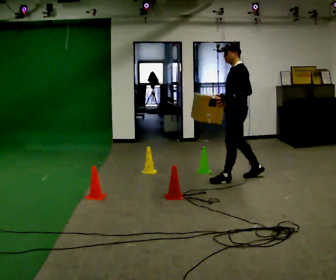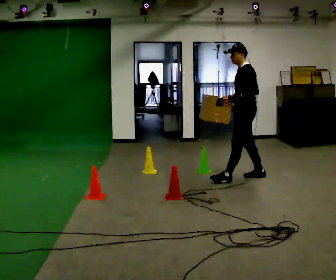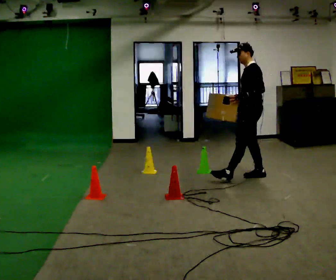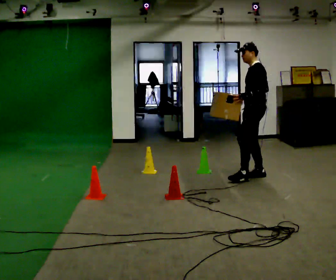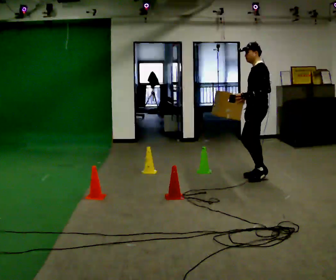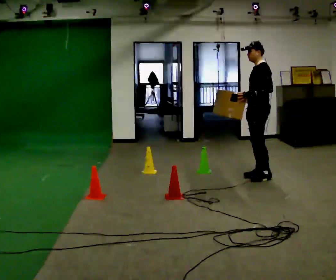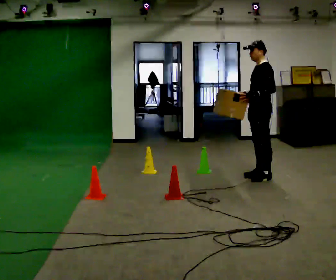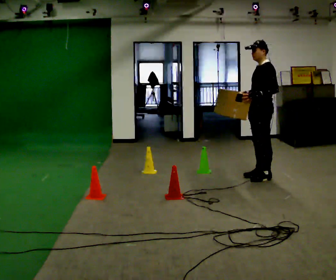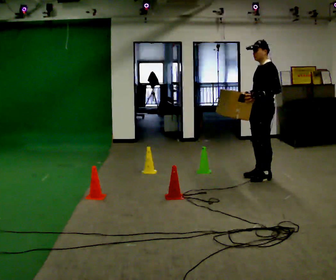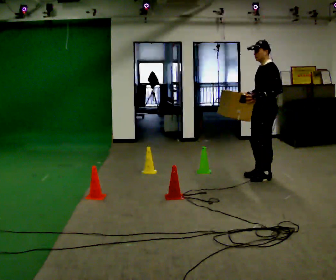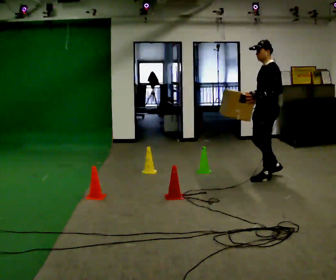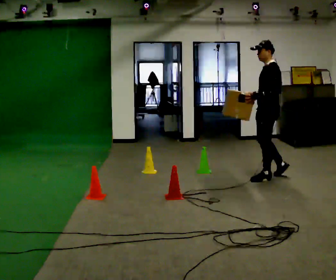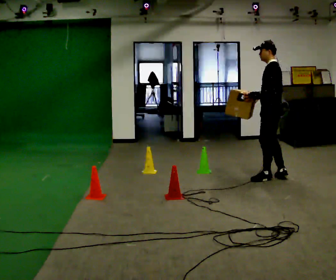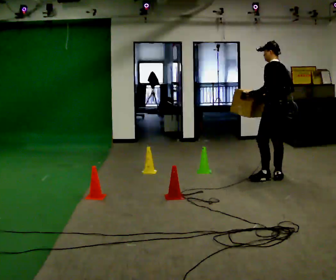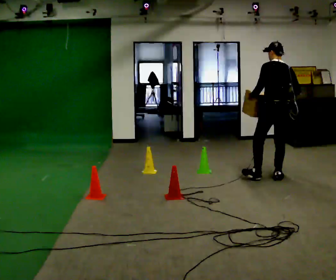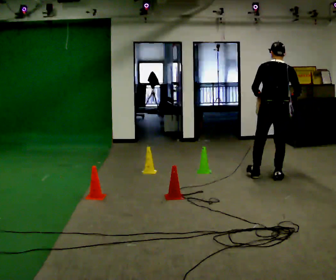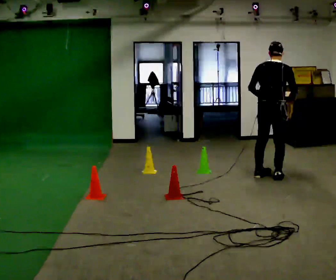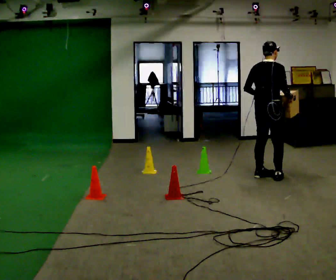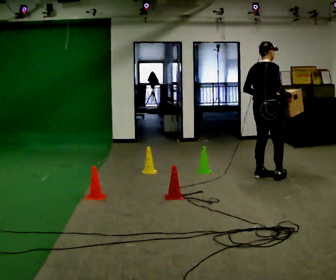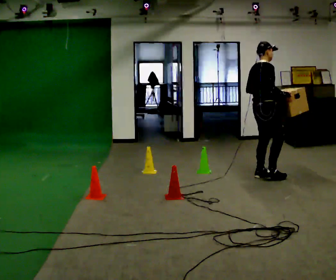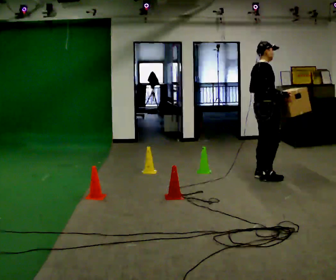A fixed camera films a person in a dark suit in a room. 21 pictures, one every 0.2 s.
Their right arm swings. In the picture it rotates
counterclockwise.
The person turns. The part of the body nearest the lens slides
to the left.
0.0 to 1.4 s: In the picture they go to the right, about 0.25 m in 1 step, which for them is backward.
1.4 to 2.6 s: The part of the body nearest the lens slides to the left as the person turns to their right by about 45 degrees. In the picture they go to the right, about 0.25 m in 2 steps, which for them is backward. In the picture their right hand goes to the right.
2.6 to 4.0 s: Seen from above the body turns clockwise, about 120 degrees: to their right, with its near side sliding to the left. In the picture they go to the left, about 0.25 m in 1 step.
The film runs backward here.
